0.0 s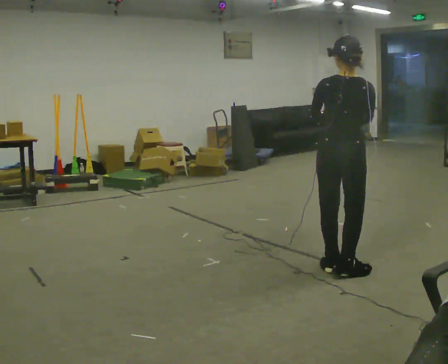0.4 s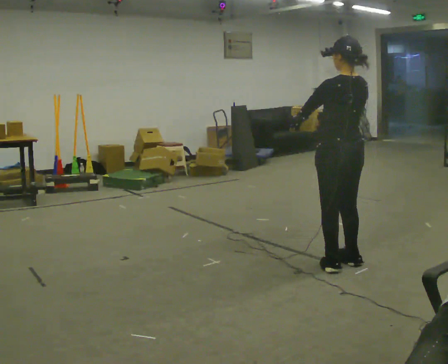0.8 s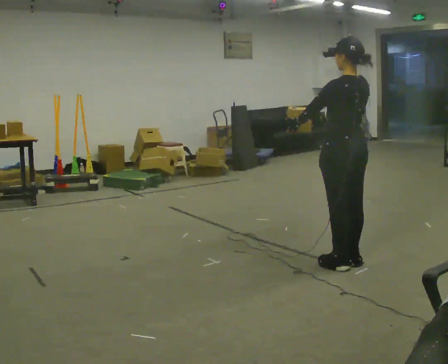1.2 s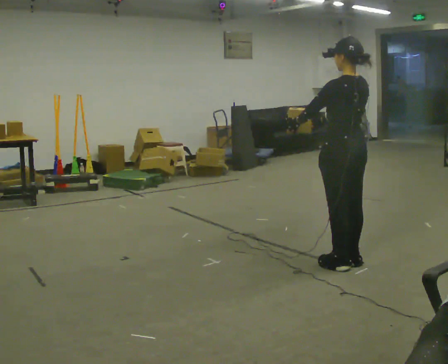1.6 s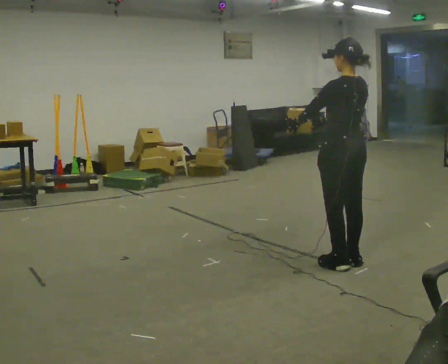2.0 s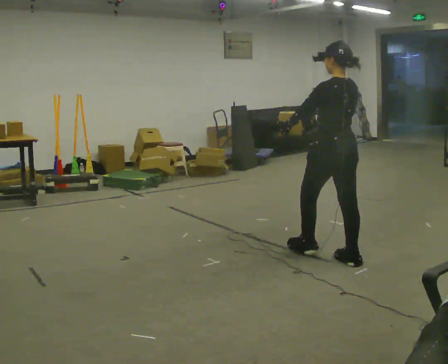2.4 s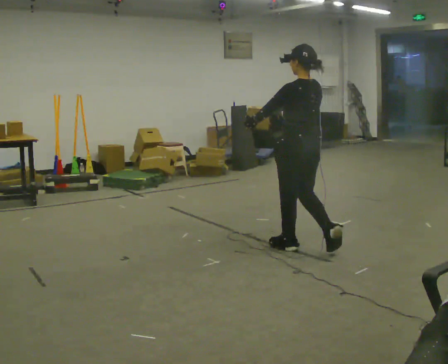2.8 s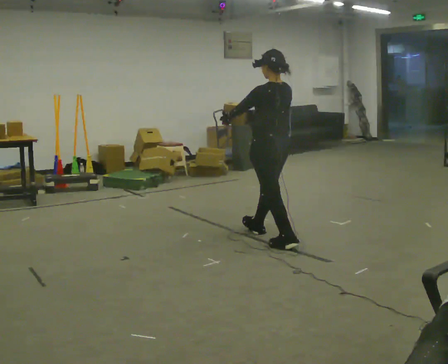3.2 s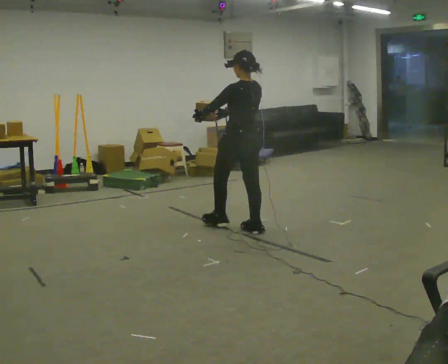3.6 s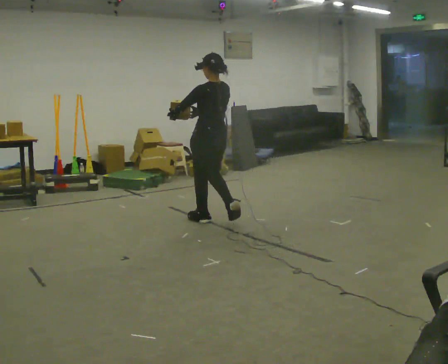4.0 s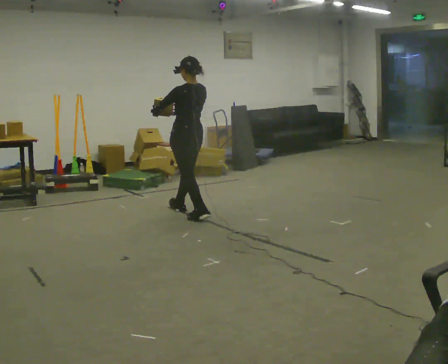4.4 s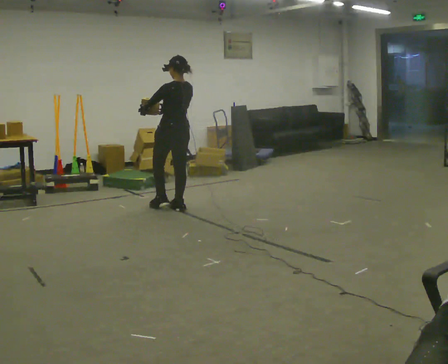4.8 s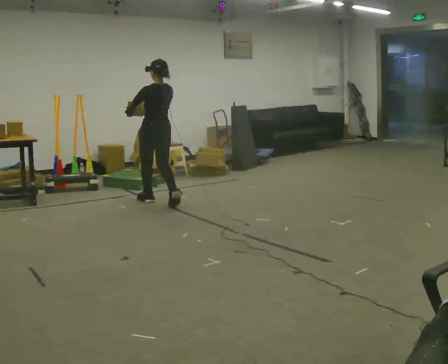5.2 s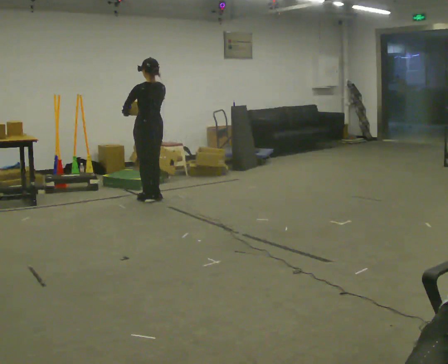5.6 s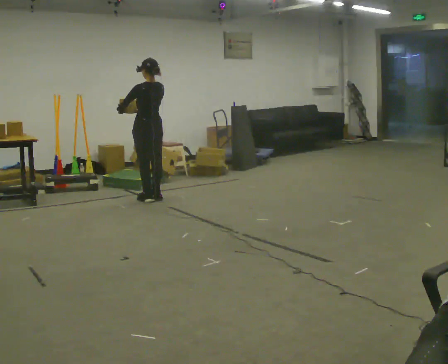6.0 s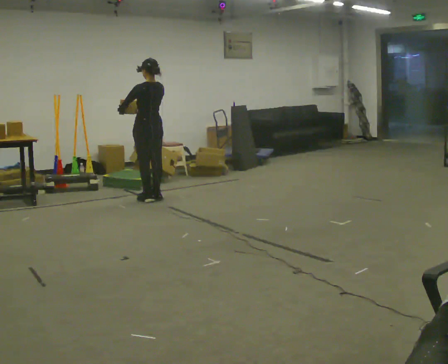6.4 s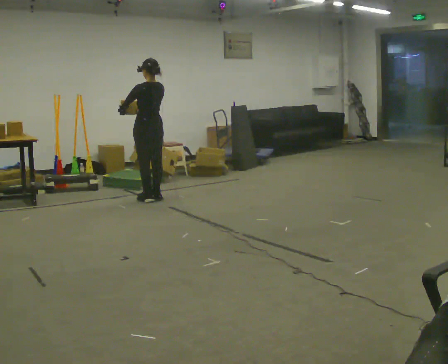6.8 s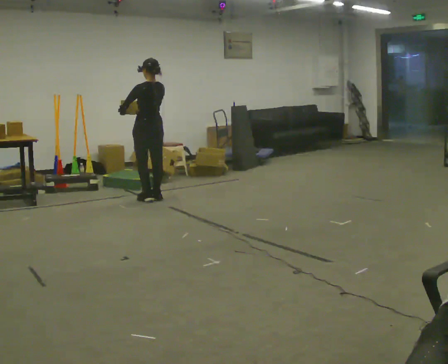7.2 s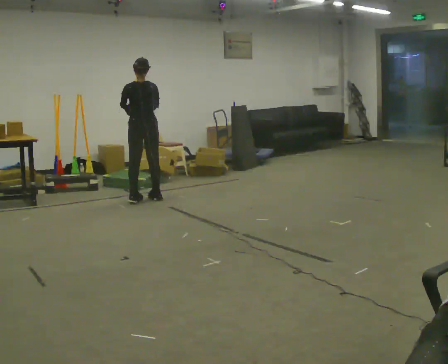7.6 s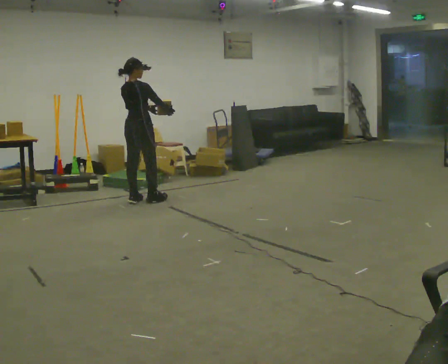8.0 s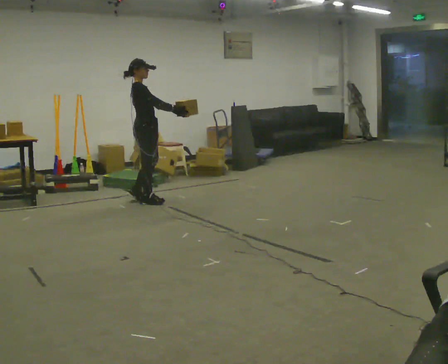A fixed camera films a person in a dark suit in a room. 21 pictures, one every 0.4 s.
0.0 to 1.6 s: The part of the body nearest the lens slides to the right as the person turns to their left by about 45 degrees. In the picture they go away from the camera, about 0.25 m in 1 step, which for them is to their right.
1.6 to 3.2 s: In the picture they go away from the camera and to the left, about 1 m in 2 steps, which for them is forward.
3.2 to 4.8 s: In the picture they go away from the camera and to the left, about 1.5 m in 3 steps, which for them is forward.
4.8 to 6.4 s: In the picture they go away from the camera, about 0.25 m in 1 step, which for them is forward.
6.4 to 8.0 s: The person turns about 120 degrees to their right, clockwise seen from above, so the part of the body nearest the lens slides to the left. In the picture they go toward the camera, about 0.25 m in 2 steps. In the picture their right hand goes to the right.
The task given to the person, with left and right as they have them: Carry the light box in both hands in front of you, walking back and forth across the room. Keep walking until the operator says stop.
The film runs forward here.
